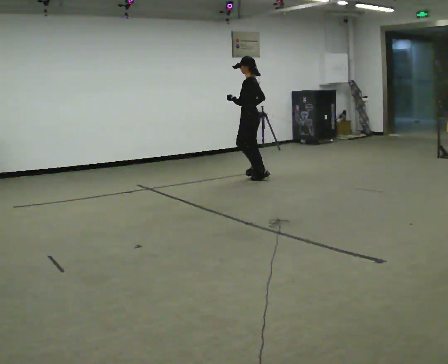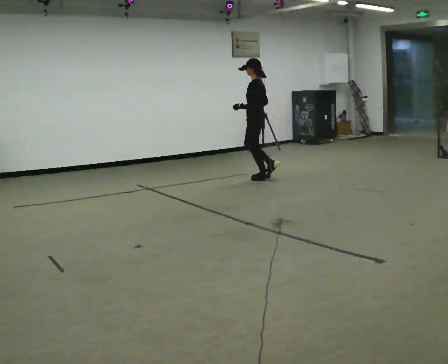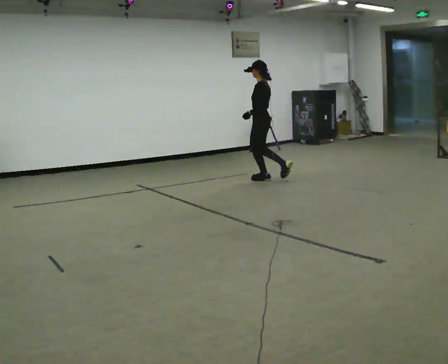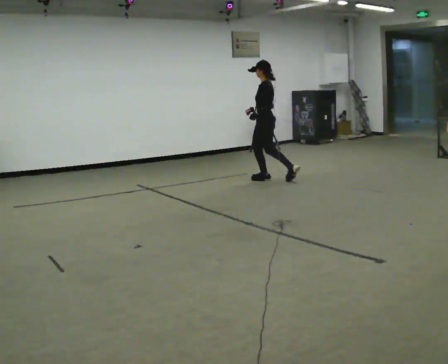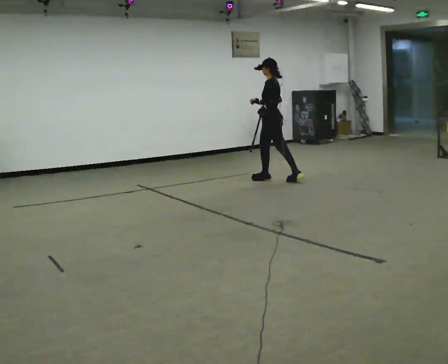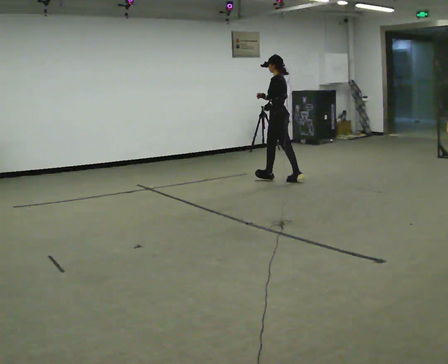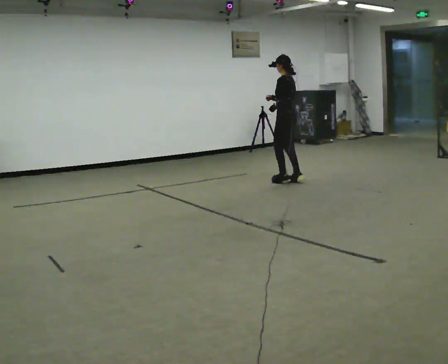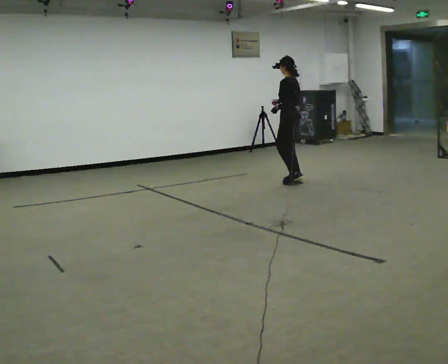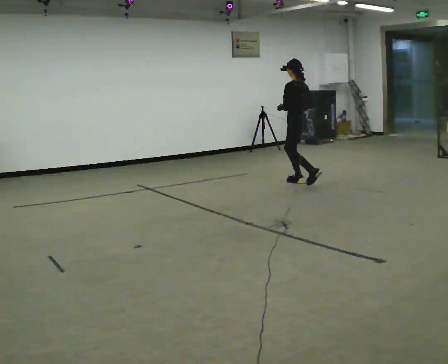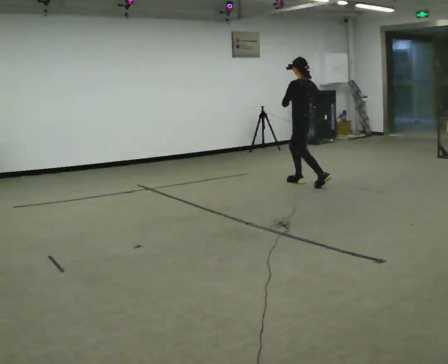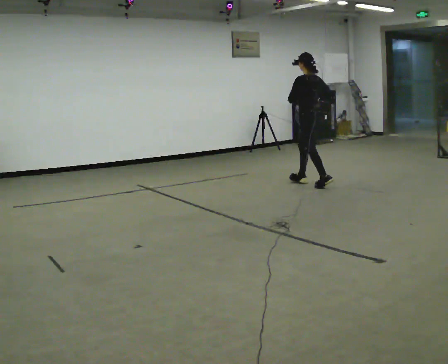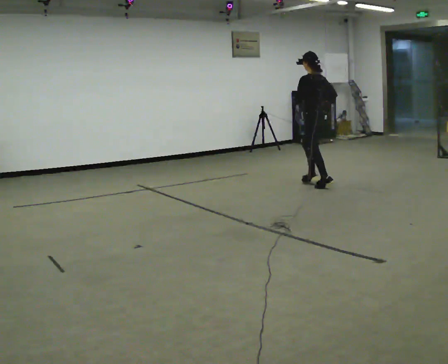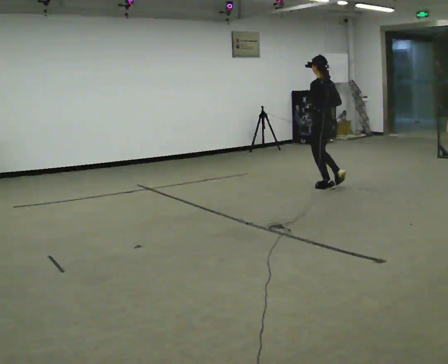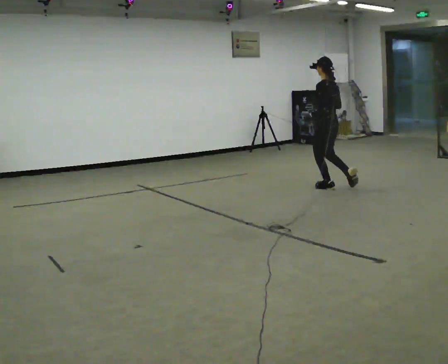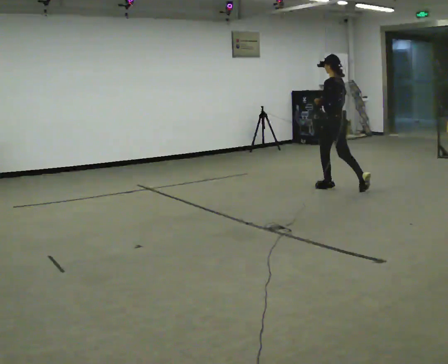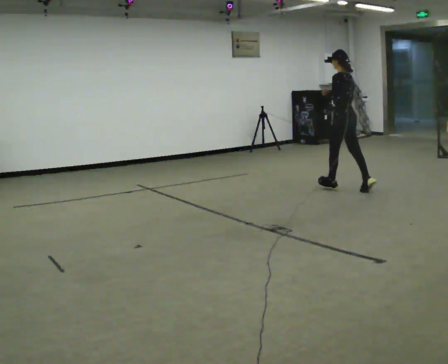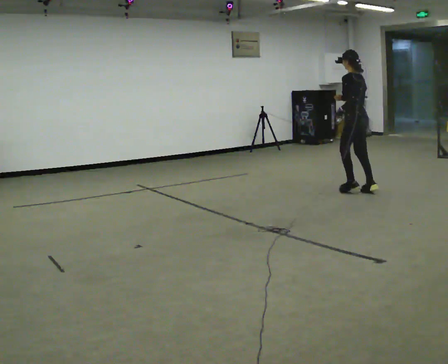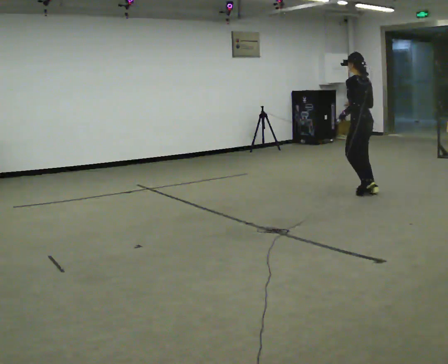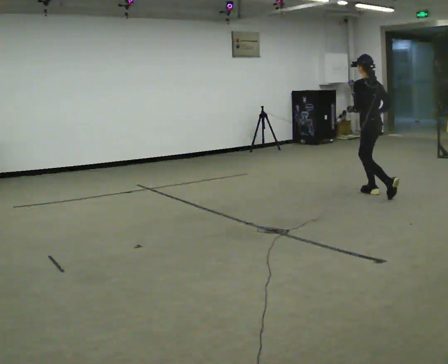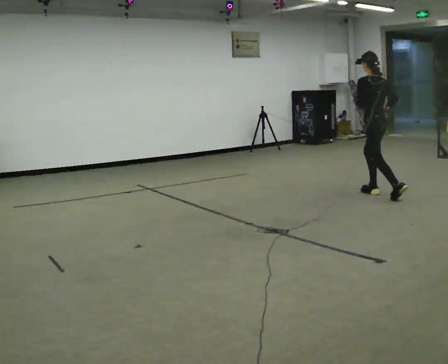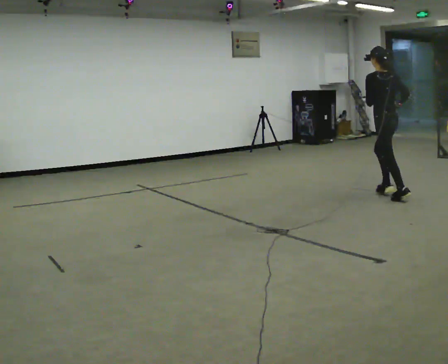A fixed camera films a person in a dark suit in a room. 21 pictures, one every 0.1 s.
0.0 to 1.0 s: The person turns about 30 degrees to their right, clockwise seen from above, so the part of the body nearest the lens slides to the left. In the picture they go to the right and toward the camera, about 1 m in 2 steps, which for them is backward.
1.0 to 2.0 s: In the picture they go toward the camera and to the right, about 1 m in 2 steps, which for them is backward.
The film runs backward here.
